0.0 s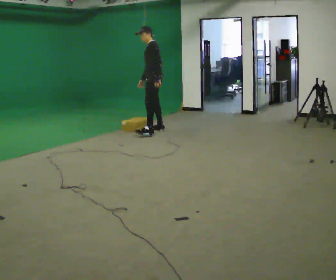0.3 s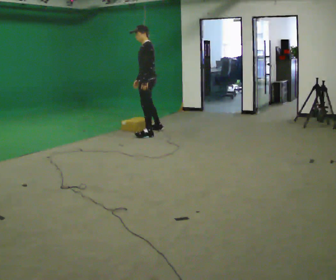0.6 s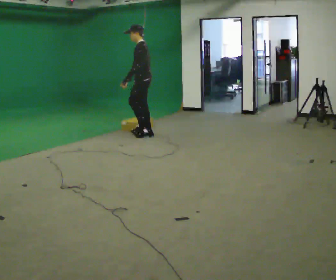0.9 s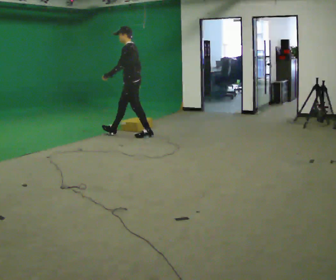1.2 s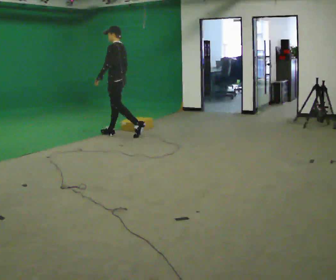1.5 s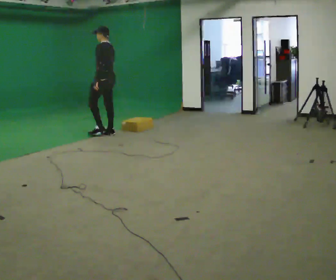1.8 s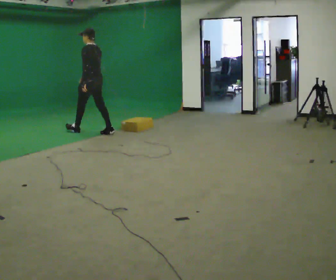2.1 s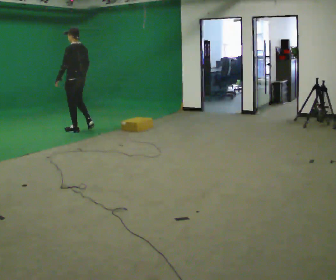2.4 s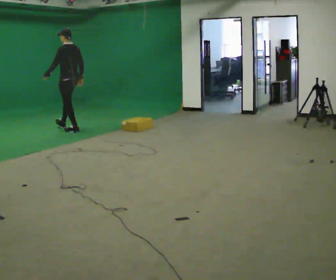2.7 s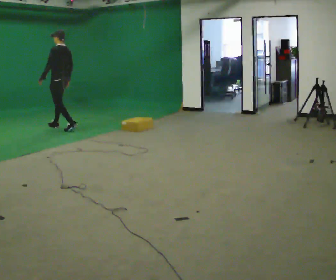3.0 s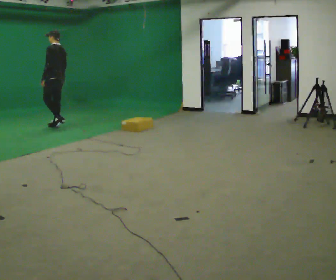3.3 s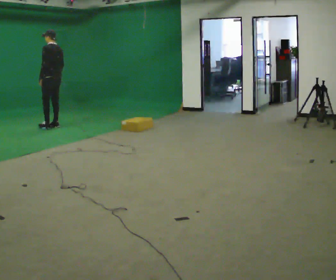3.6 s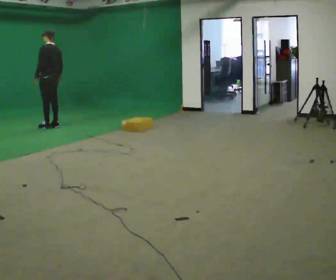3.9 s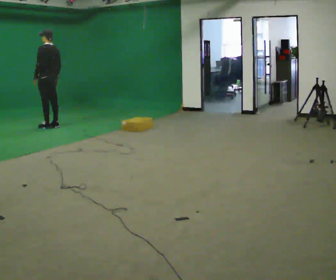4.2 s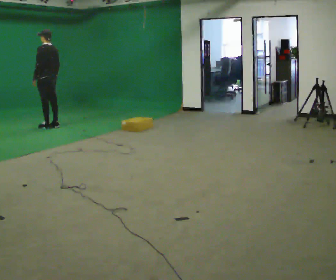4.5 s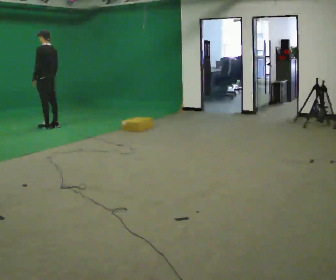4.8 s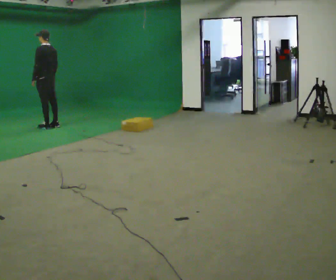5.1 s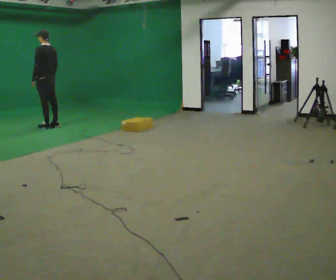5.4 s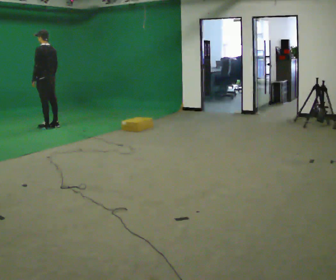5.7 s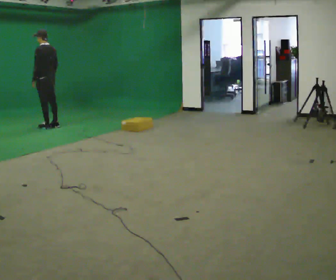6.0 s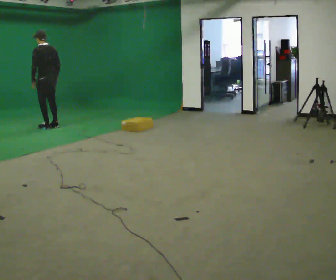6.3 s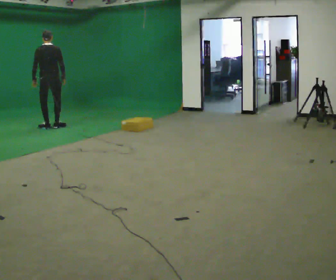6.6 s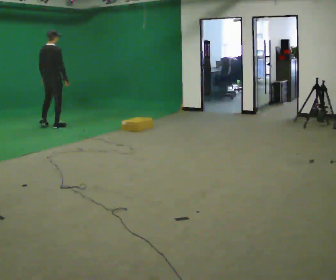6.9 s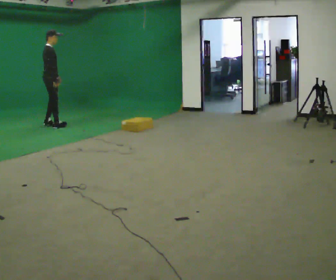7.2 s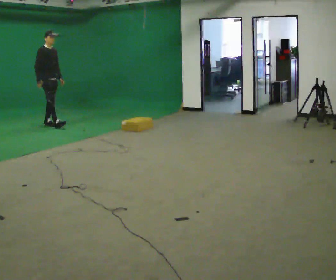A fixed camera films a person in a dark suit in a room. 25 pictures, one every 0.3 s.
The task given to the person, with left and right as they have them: Start still; walk straight at normal comfortable speed; stop at endpoint.
0.0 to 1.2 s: In the picture they go to the left, about 0.75 m in 1 step, which for them is forward.
1.2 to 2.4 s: In the picture they go to the left and away from the camera, about 1 m in 1 step, which for them is forward.
2.4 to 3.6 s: In the picture they go away from the camera and to the left, about 0.5 m in 2 steps, which for them is forward.
3.6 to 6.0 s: The person moves a little, or ends about where they began.
6.0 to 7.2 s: The part of the body nearest the lens slides to the left as the person turns to their right by about 165 degrees. In the picture they go away from the camera, about 0.25 m in 1 step. In the picture their right hand goes to the left.
The film runs forward here.
